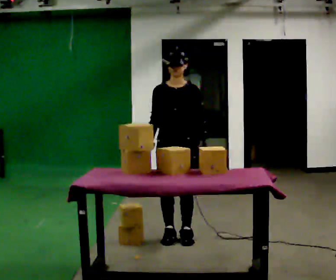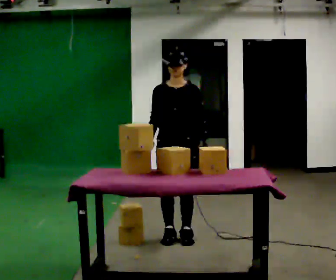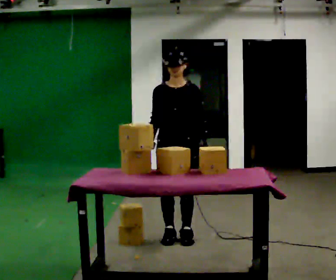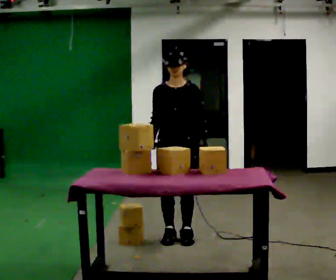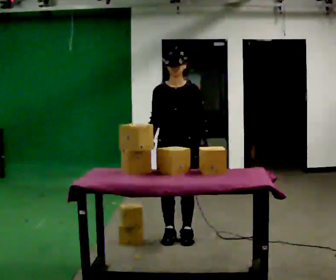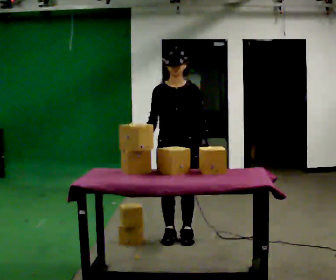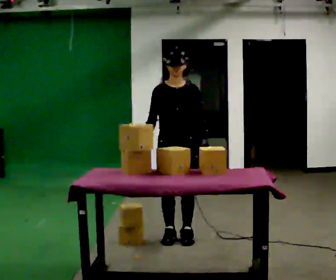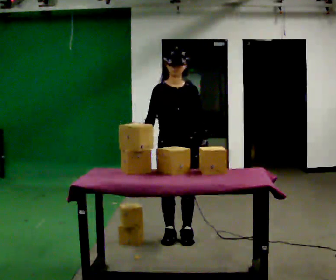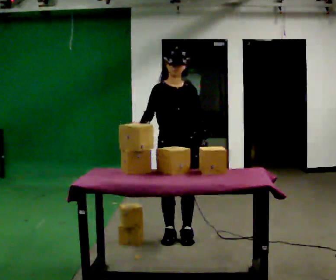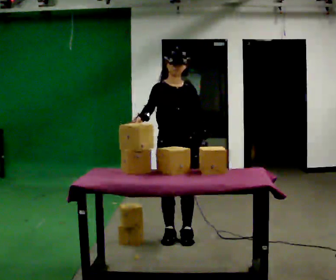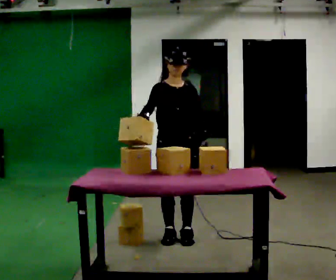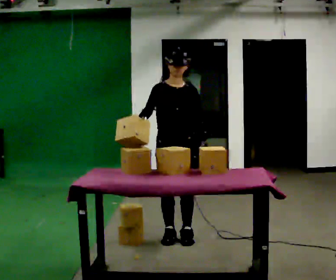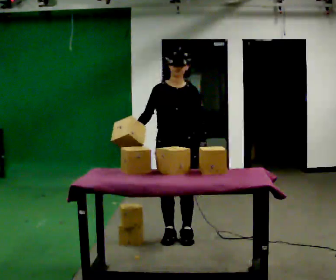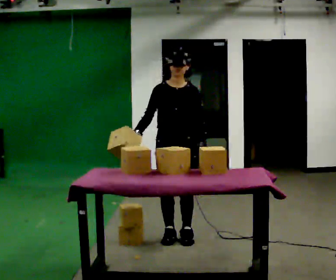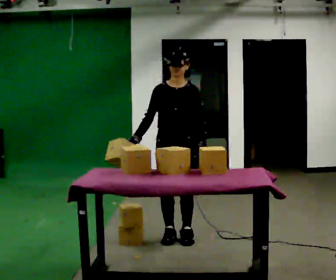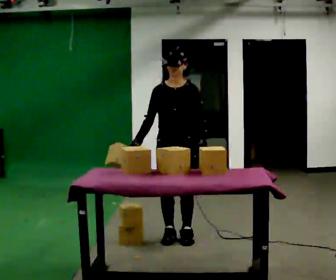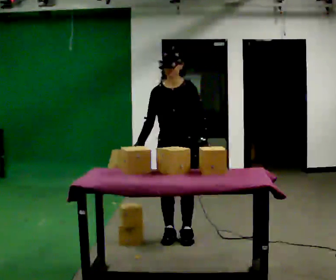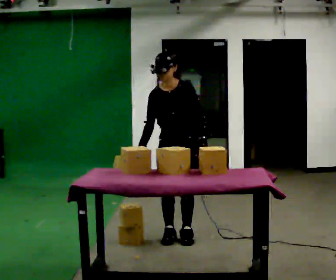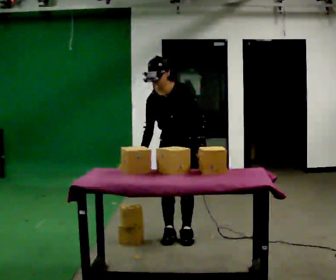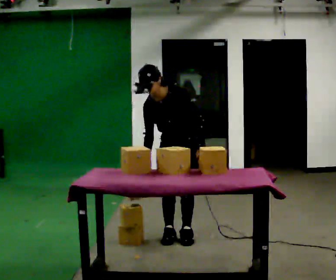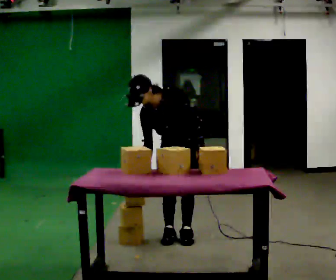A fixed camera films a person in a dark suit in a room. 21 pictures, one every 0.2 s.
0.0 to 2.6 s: The person moves a little, or ends about where they began.
2.6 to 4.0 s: The upper body tips toward the camera, its near side rolling downward, as they bend forward. In the picture their right hand goes downward.
The film runs backward here.
